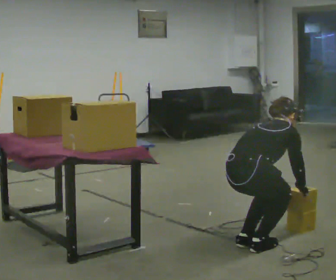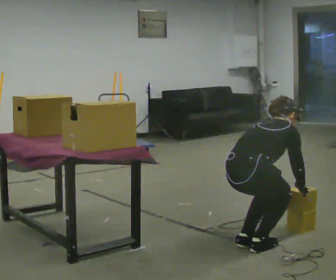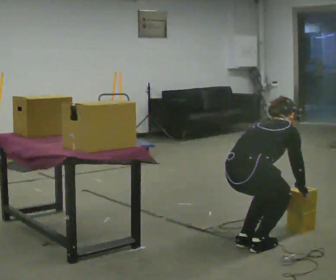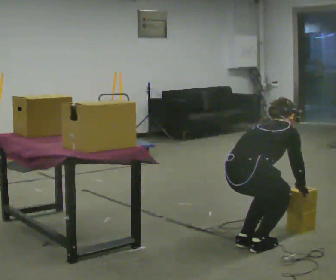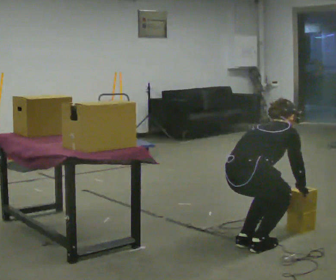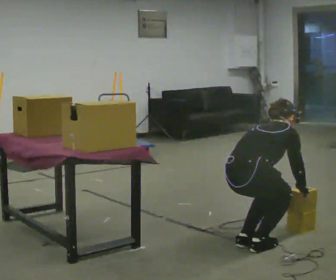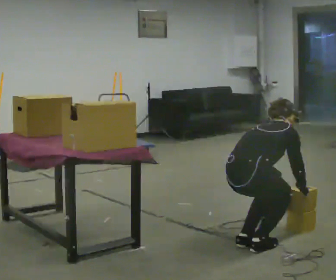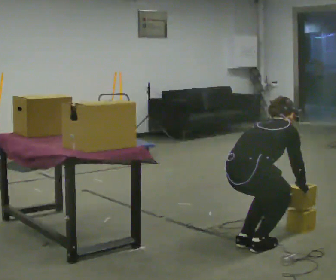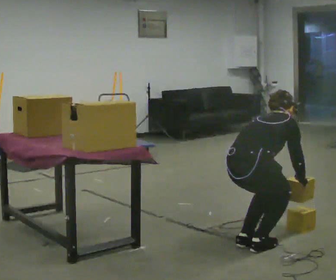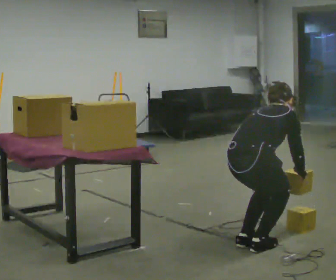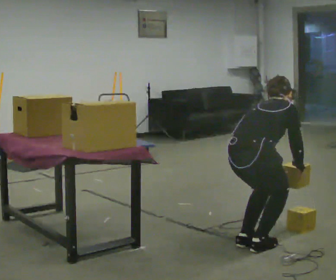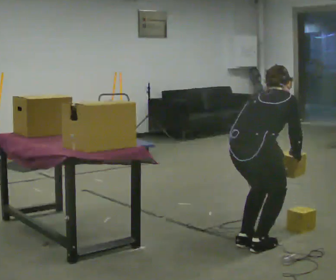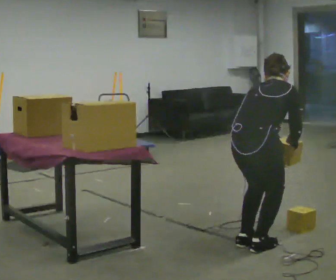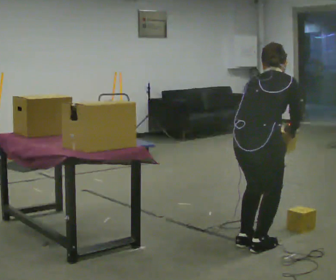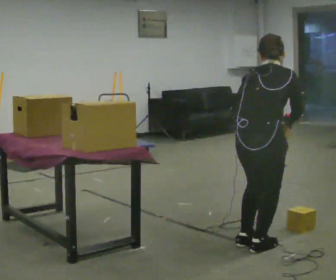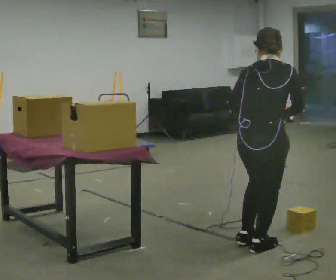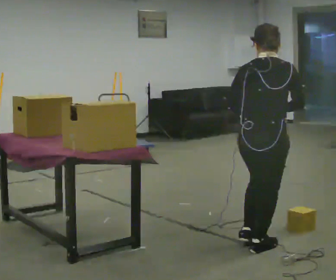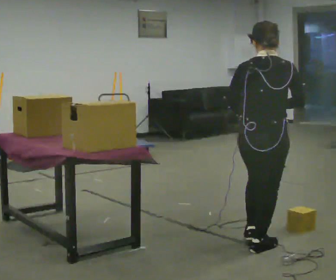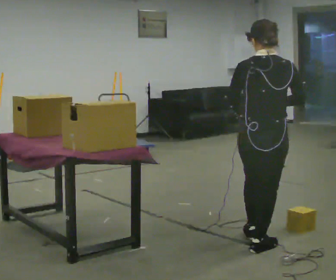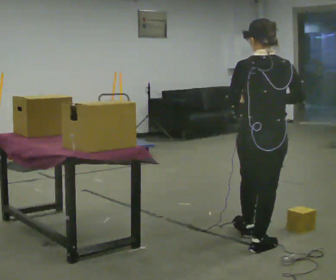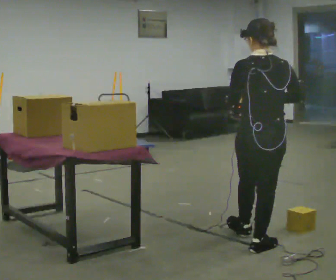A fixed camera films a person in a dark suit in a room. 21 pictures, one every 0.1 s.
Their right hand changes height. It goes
upward.
The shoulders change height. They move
upward.
0.0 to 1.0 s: The upper body goes upward.
1.0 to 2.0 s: Seen from above the body turns counterclockwise, about 45 degrees: to their left, with its near side sliding to the right. The upper body goes upward. The upper body tips toward the camera, its near side rolling downward, as they lean back or straighten. In the picture their left hand goes upward and to the left.
The film runs forward here.
